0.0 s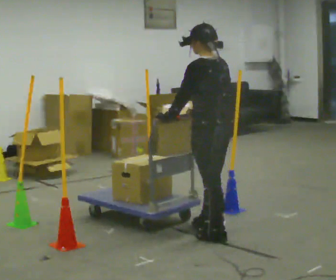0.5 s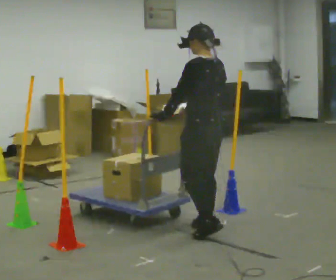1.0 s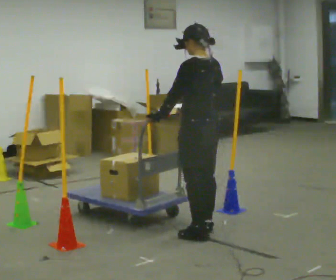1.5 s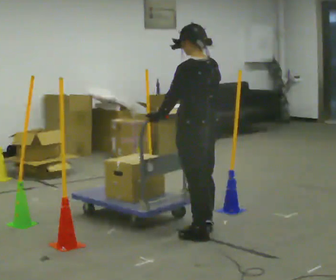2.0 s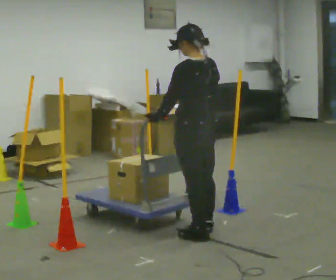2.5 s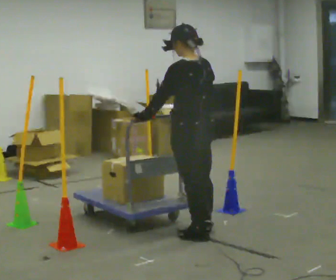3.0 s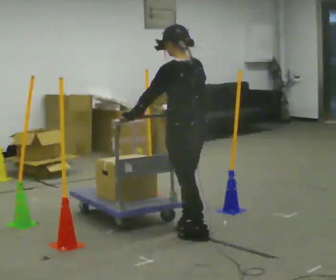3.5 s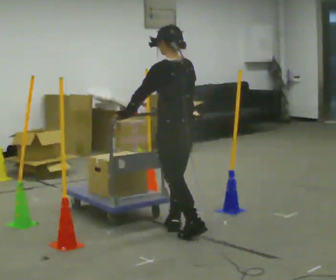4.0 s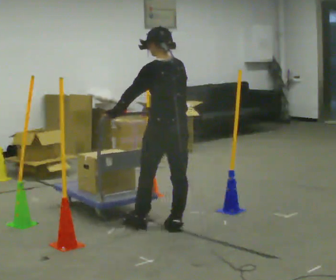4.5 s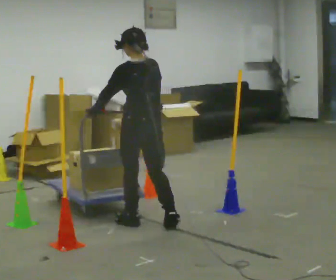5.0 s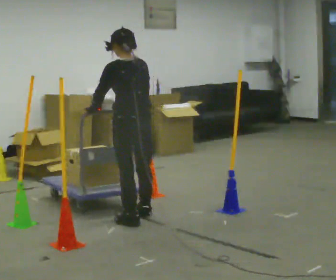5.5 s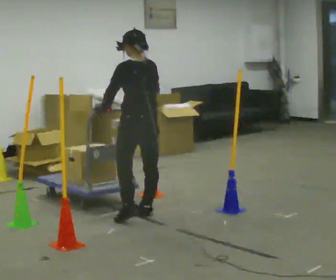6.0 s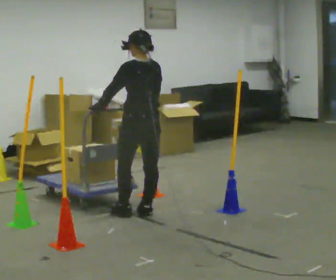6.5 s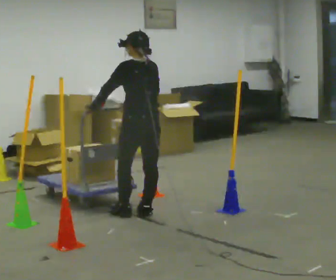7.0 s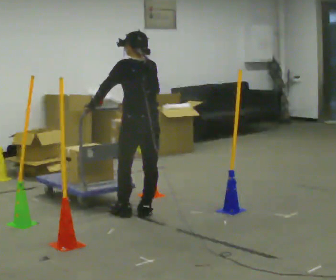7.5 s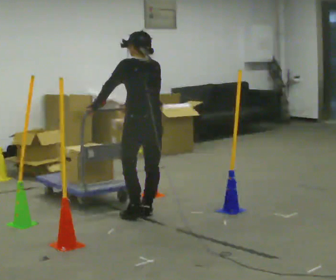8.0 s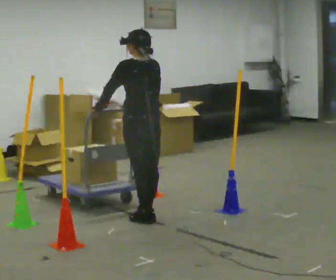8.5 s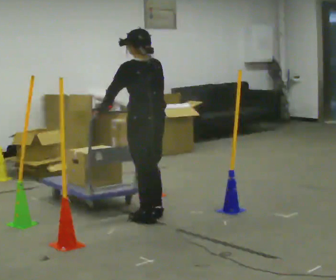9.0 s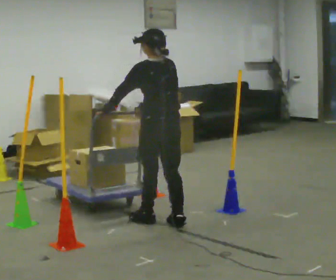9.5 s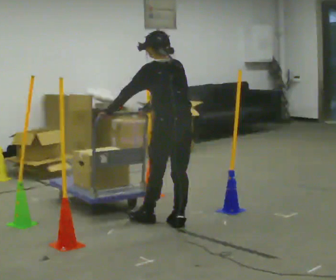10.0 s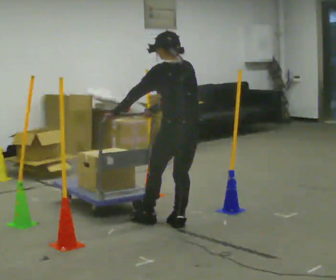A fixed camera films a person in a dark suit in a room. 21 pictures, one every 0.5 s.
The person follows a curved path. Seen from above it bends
clockwise.
0.0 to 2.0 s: The person moves a little, or ends about where they began.
2.0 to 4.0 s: In the picture they go away from the camera and to the left, about 0.25 m in 1 step, which for them is forward.
4.0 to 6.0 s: In the picture they go away from the camera and to the left, about 0.5 m in 3 steps, which for them is forward.
6.0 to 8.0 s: The person moves a little, or ends about where they began.
8.0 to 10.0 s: In the picture they go to the right and toward the camera, about 0.25 m in 1 step, which for them is backward.
The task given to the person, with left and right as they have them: Push the cart in and out of the line of poles without touching any of them. Keep going until the operator says stop.
The film runs forward here.
